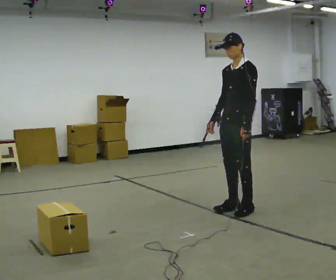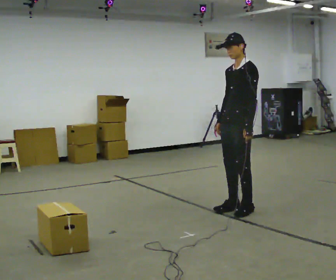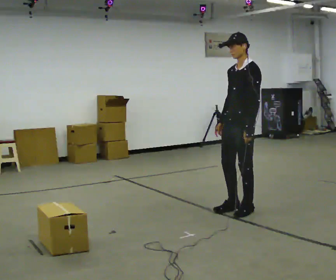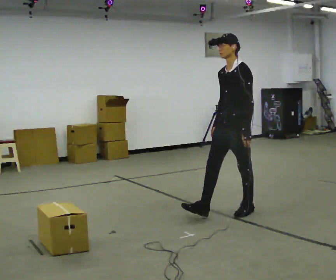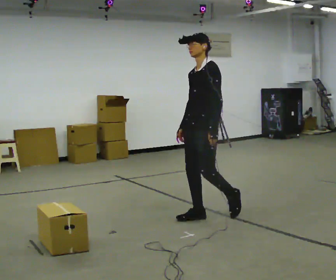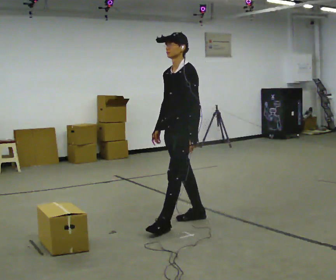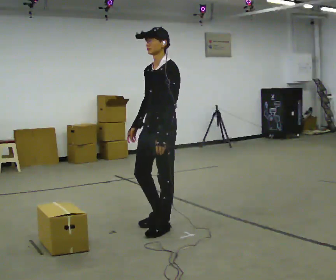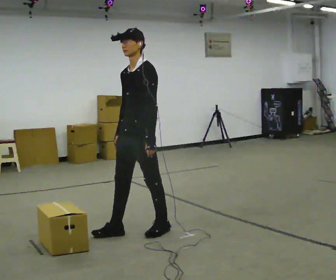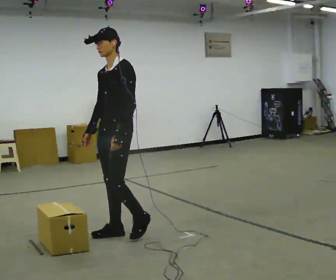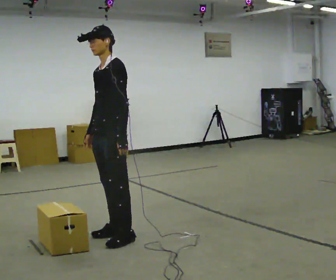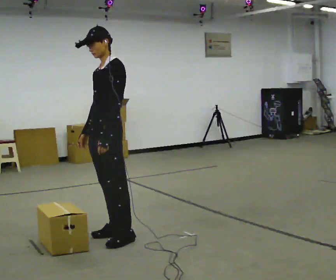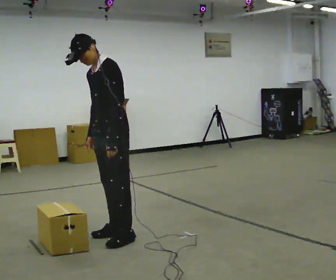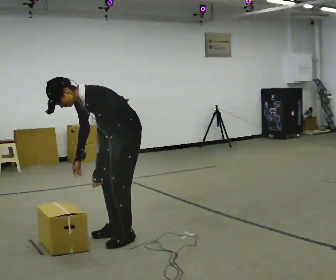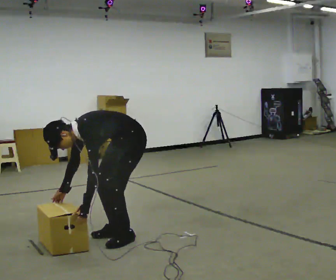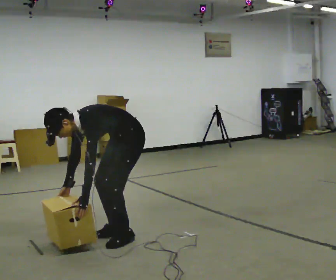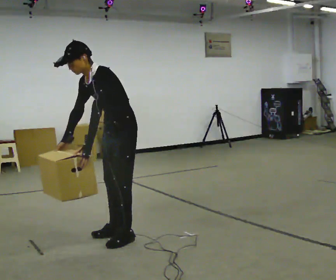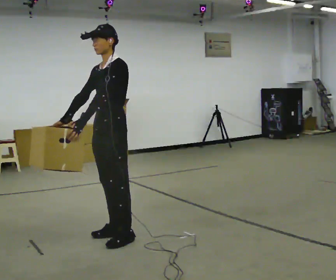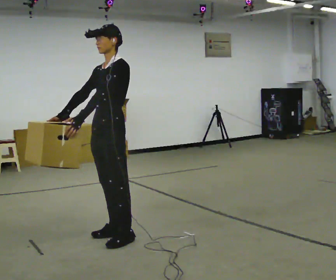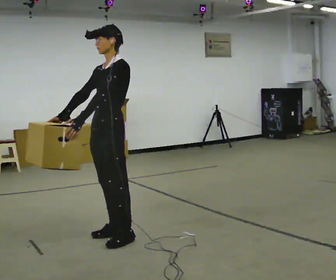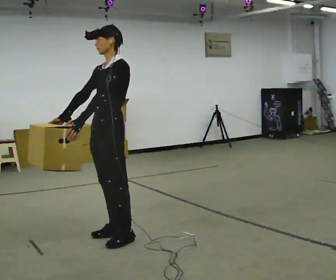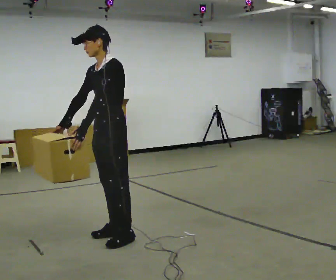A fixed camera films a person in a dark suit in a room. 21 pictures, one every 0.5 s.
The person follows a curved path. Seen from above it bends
counterclockwise.
0.0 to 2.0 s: In the picture they go to the left and toward the camera, about 0.5 m in 1 step, which for them is forward.
2.0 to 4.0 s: In the picture they go to the left and toward the camera, about 1 m in 2 steps, which for them is forward.
4.0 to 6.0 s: The upper body goes downward. In the picture the upper body tilts counterclockwise, shoulders to the left, as they bend forward.
6.0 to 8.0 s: In the picture their right hand goes upward.
8.0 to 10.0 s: The person moves a little, or ends about where they began.
The film runs forward here.
